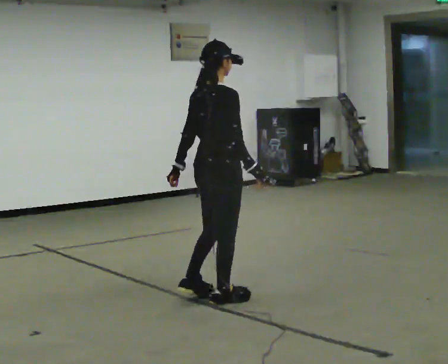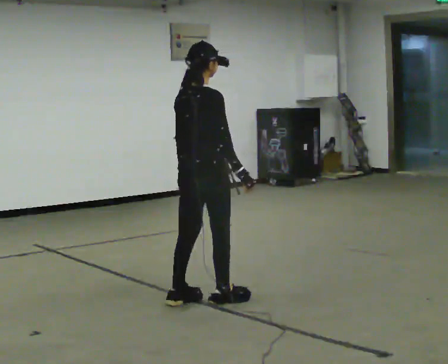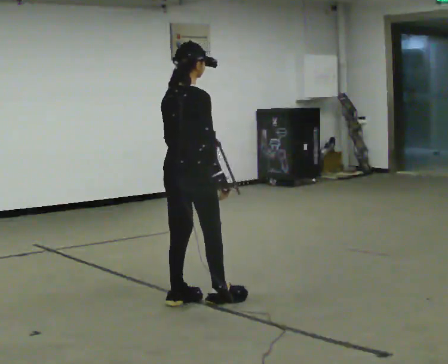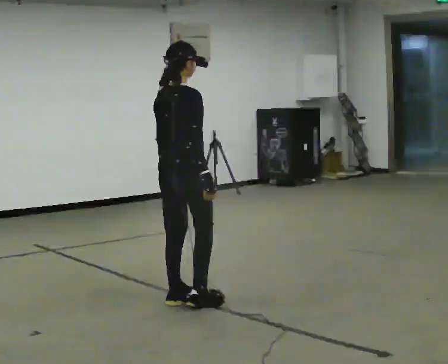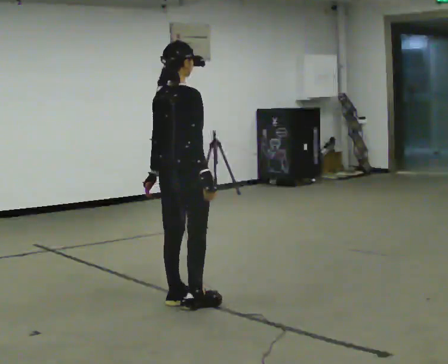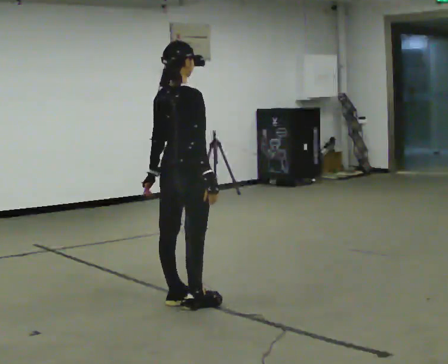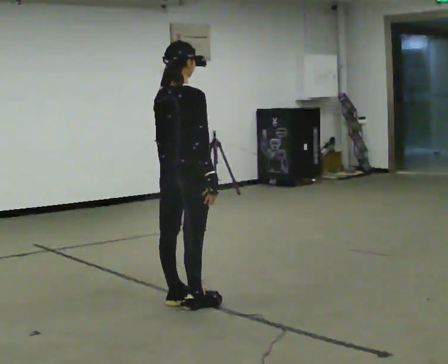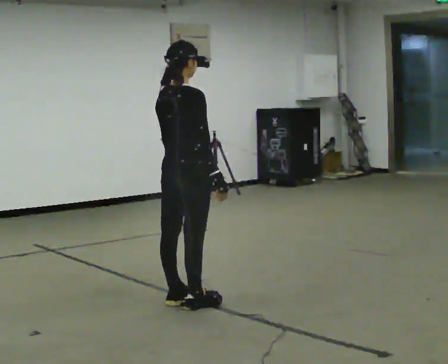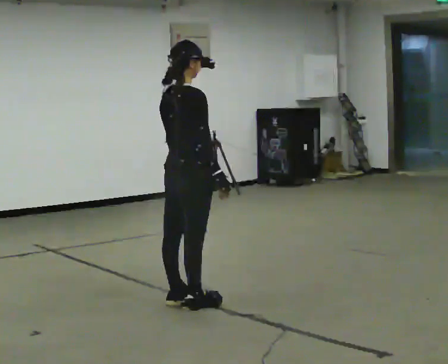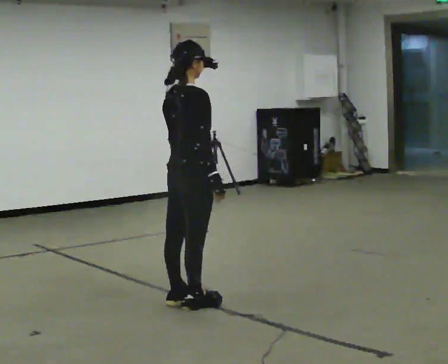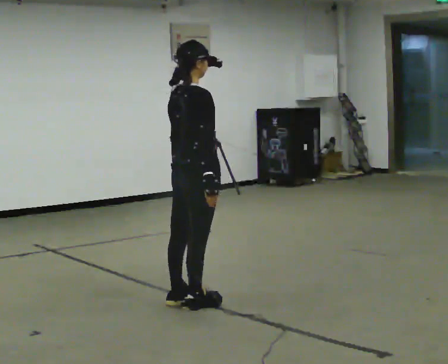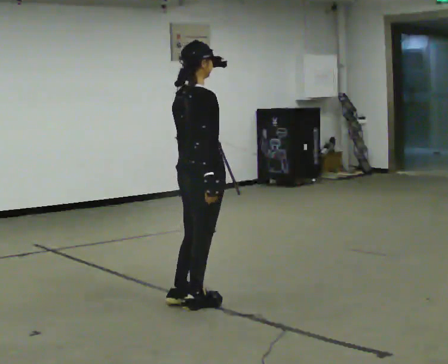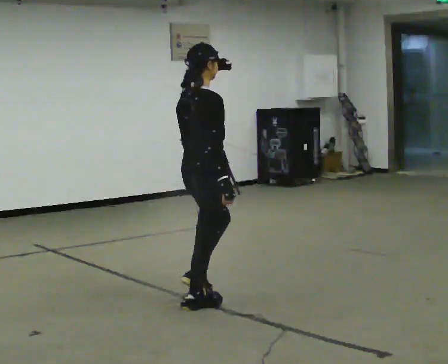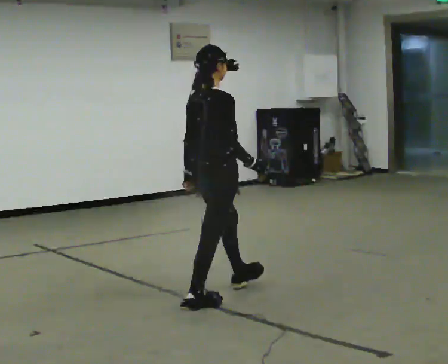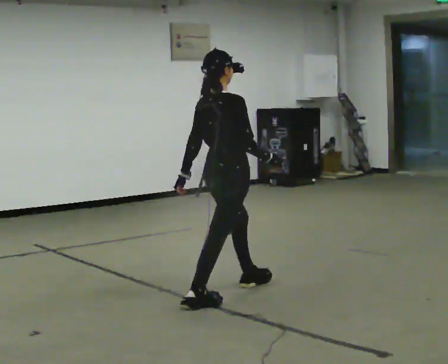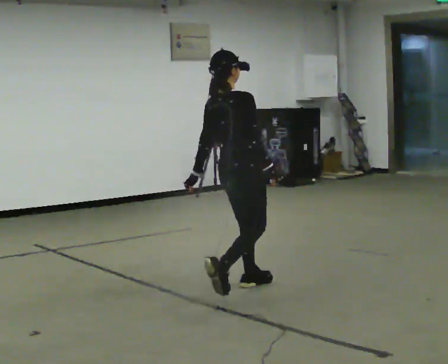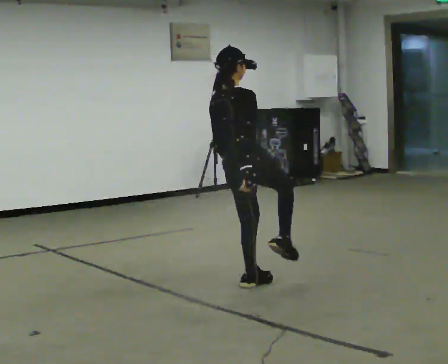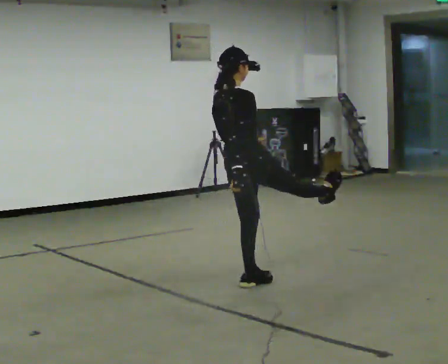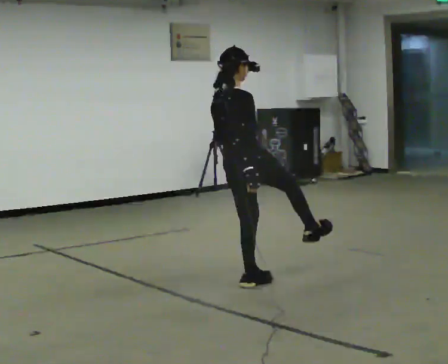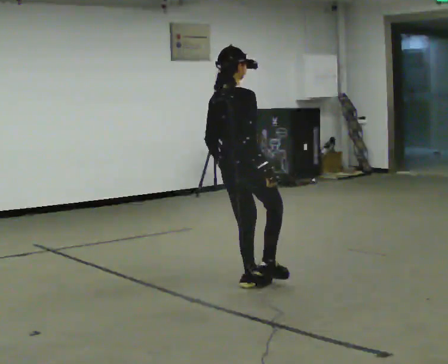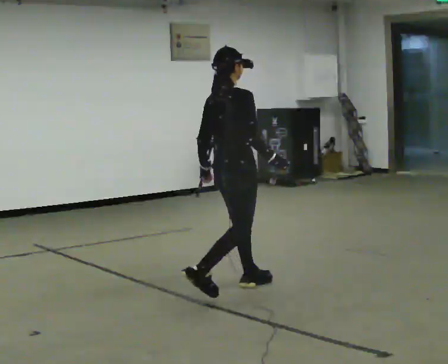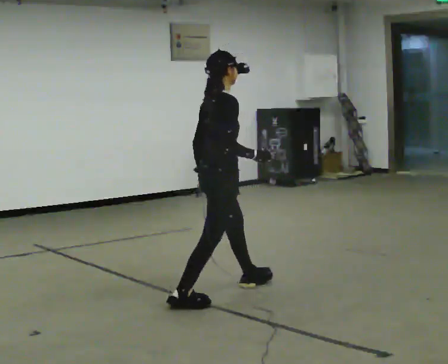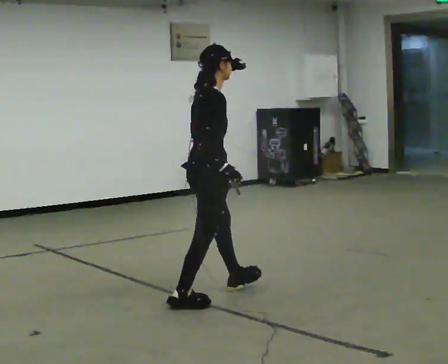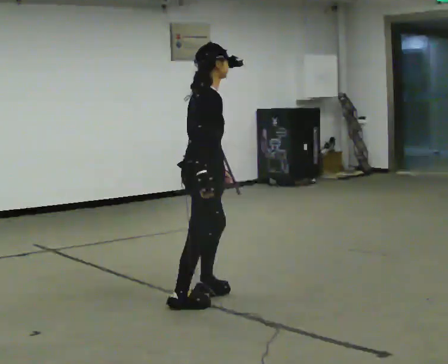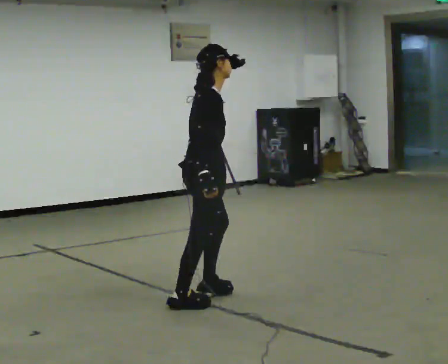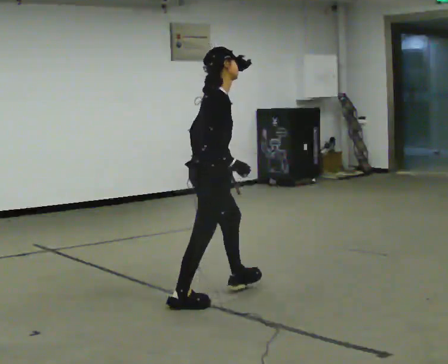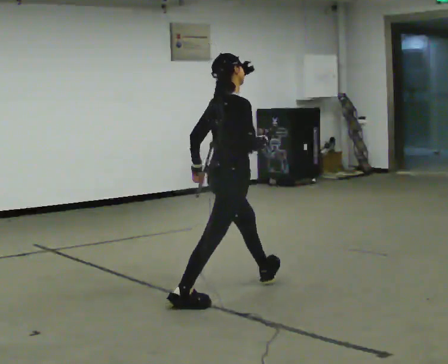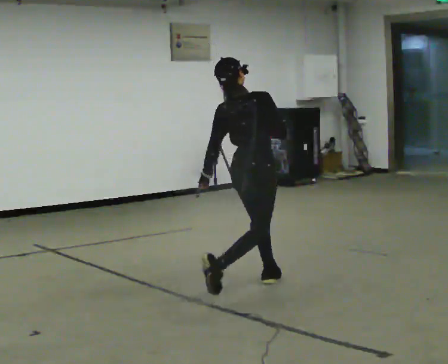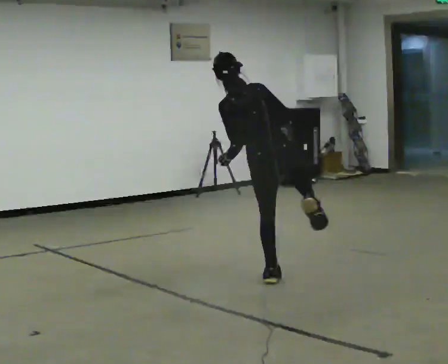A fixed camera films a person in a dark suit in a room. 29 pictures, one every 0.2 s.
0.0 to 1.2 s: In the picture they go to the left, about 0.25 m in 2 steps, which for them is backward.
1.2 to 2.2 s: The person moves a little, or ends about where they began.
2.2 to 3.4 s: In the picture they go away from the camera and to the right, about 0.5 m in 1 step, which for them is forward.
3.4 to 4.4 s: The person turns about 30 degrees to their right, clockwise seen from above, so the part of the body nearest the lens slides to the left. In the picture they go toward the camera and to the left, about 0.5 m, which for them is backward and to their right. In the picture the upper body tilts clockwise, shoulders to the right, as they bend forward.
4.4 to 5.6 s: The person turns about 105 degrees to their left, counterclockwise seen from above, so the part of the body nearest the lens slides to the right. In the picture they go to the right and away from the camera, about 0.75 m in 2 steps. In the picture the upper body tilts counterclockwise, shoulders to the left.
The film runs forward here.
